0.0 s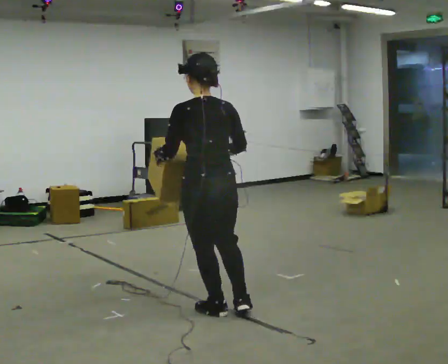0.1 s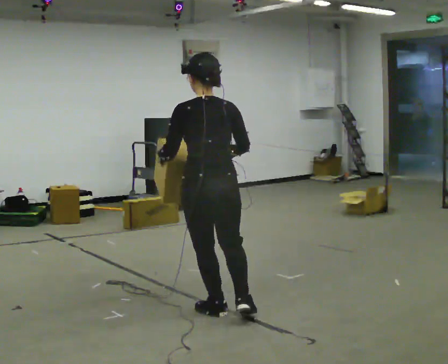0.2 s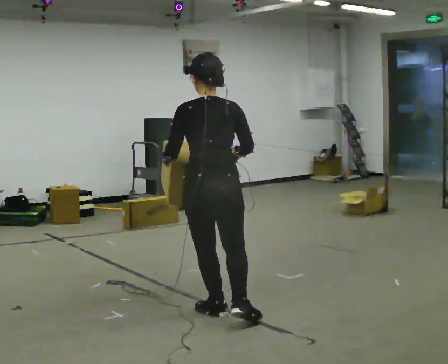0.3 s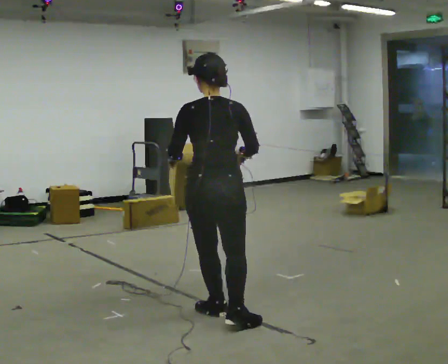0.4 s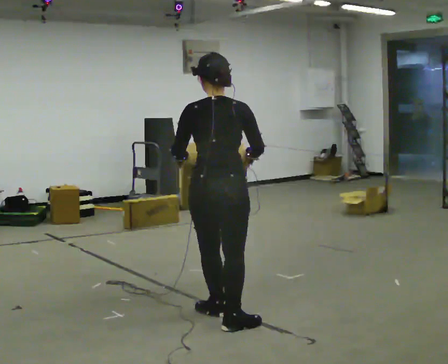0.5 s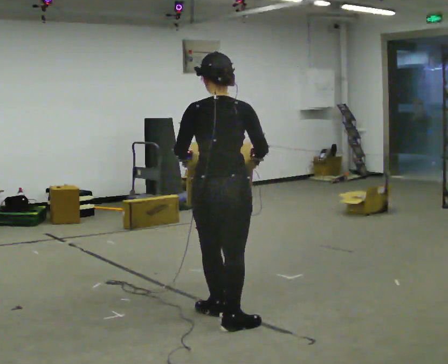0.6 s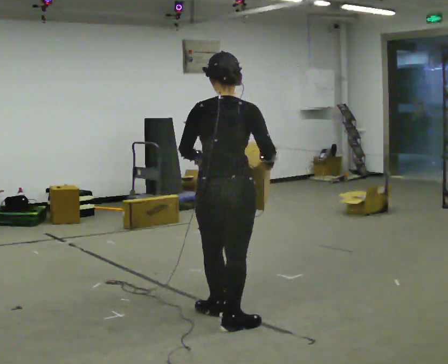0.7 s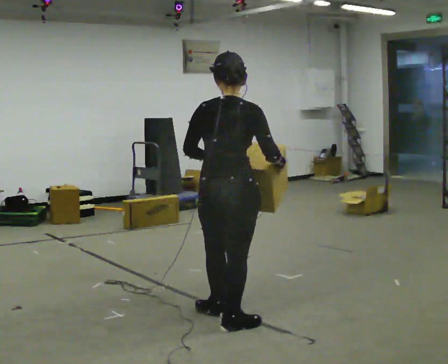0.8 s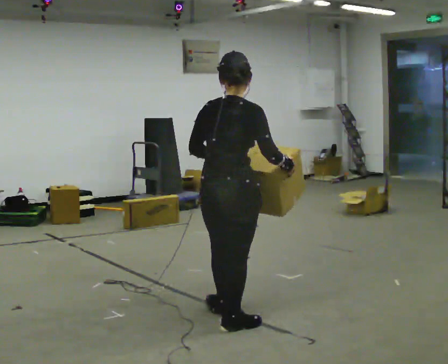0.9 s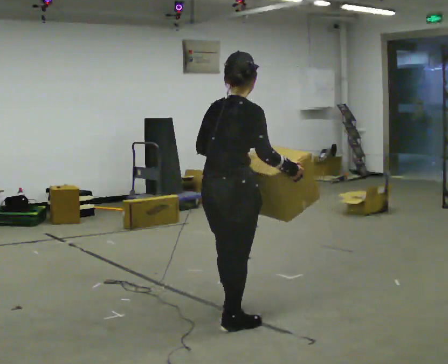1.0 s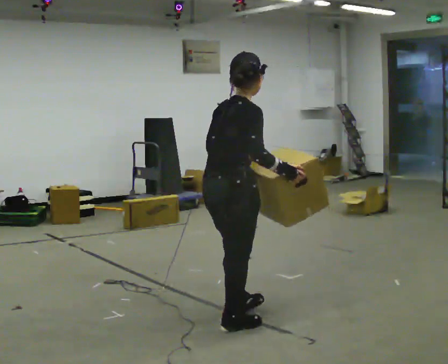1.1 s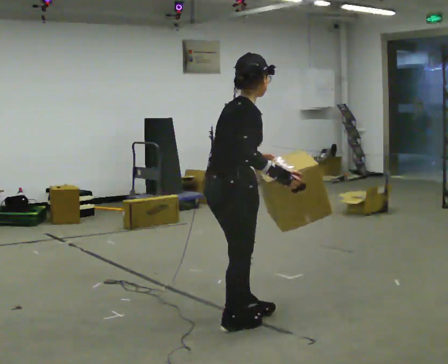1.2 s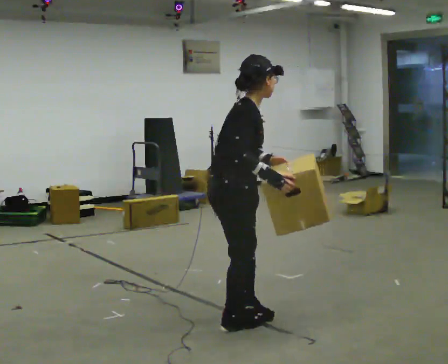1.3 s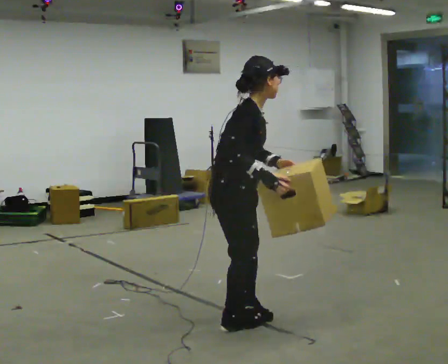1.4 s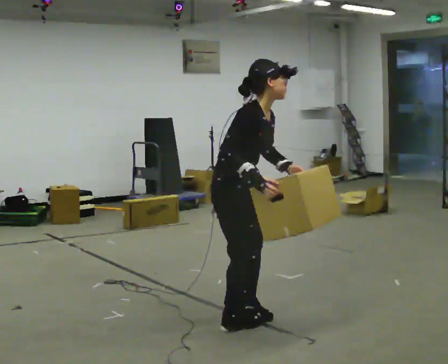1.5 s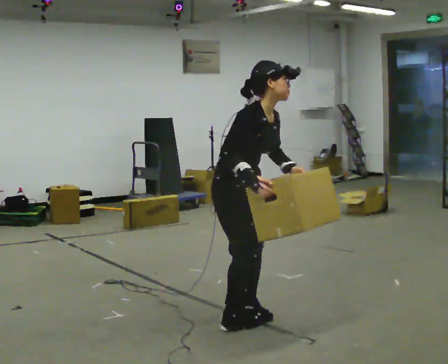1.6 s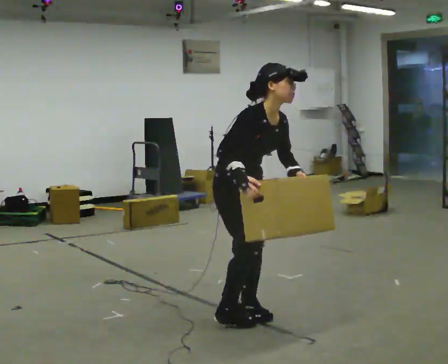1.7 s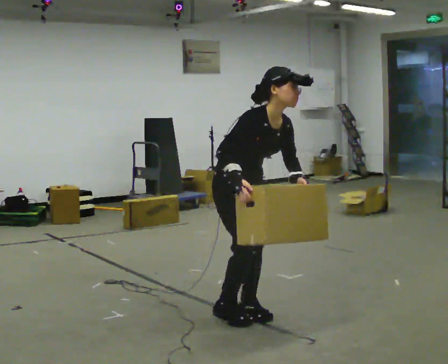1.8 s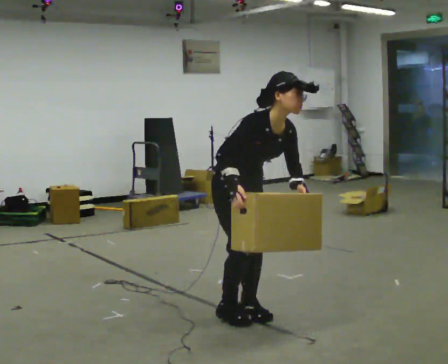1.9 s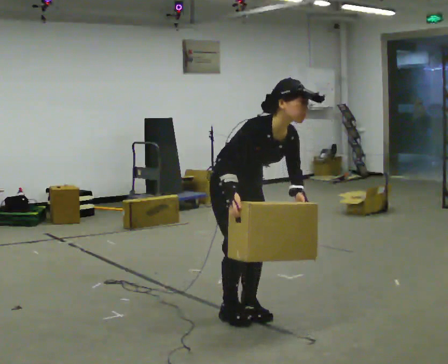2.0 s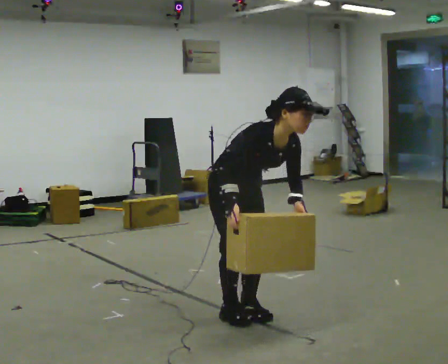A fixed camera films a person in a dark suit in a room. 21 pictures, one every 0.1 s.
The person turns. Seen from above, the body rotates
clockwise.
The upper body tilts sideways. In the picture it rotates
clockwise.
0.0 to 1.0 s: Seen from above the body turns clockwise, about 75 degrees: to their right, with its near side sliding to the left. In the picture they go toward the camera, about 0.25 m. In the picture the upper body tilts clockwise, shoulders to the right.
1.0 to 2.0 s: The part of the body nearest the lens slides to the left as the person turns to their right by about 90 degrees. In the picture they go away from the camera, about 0.25 m in 1 step. The upper body tips toward the camera, its near side rolling downward, as they bend forward. In the picture their right hand goes to the left, the arm swinging clockwise.
The film runs backward here.
